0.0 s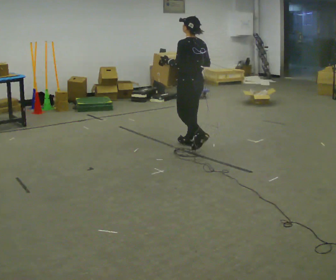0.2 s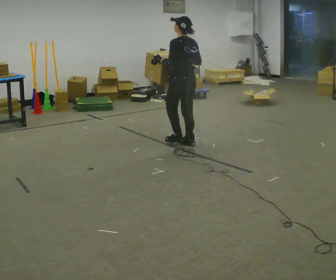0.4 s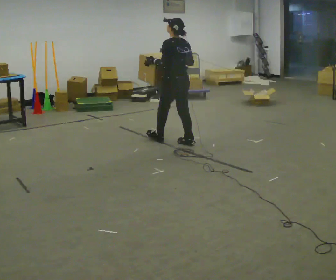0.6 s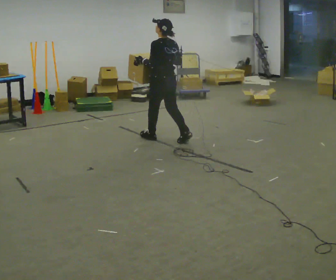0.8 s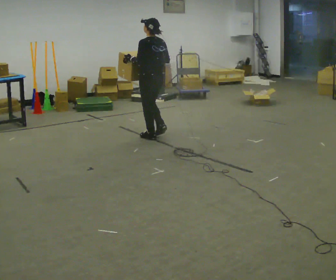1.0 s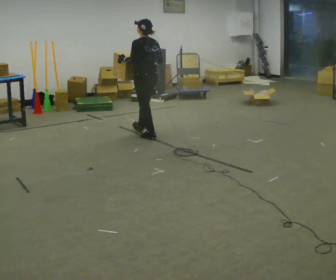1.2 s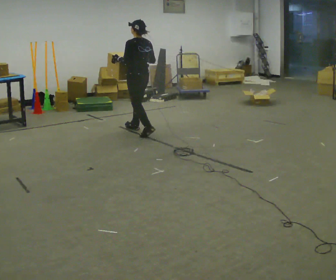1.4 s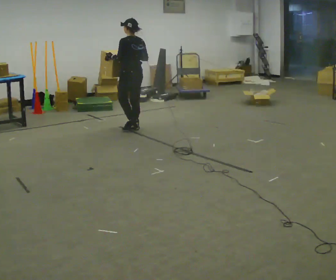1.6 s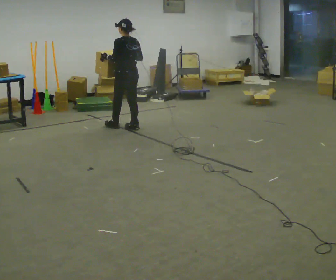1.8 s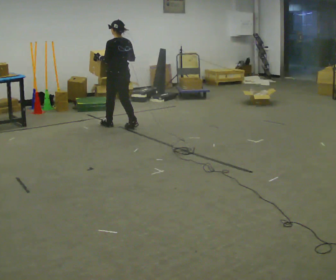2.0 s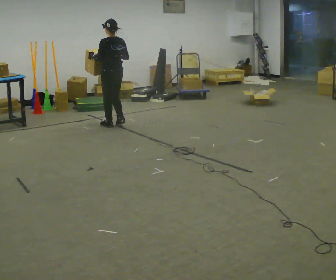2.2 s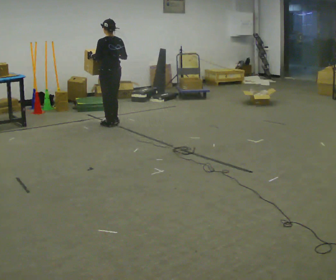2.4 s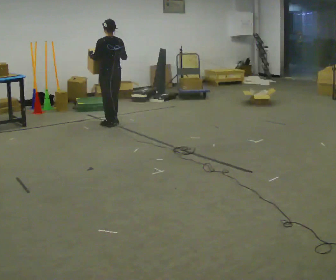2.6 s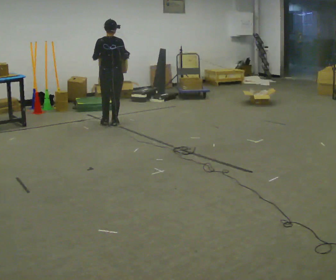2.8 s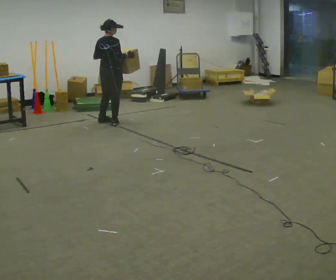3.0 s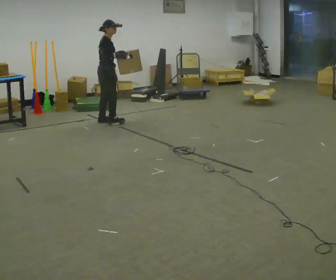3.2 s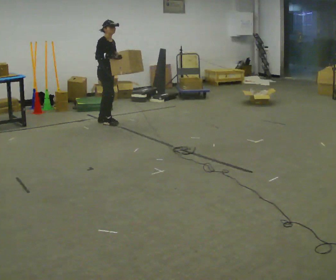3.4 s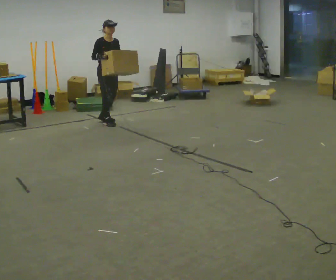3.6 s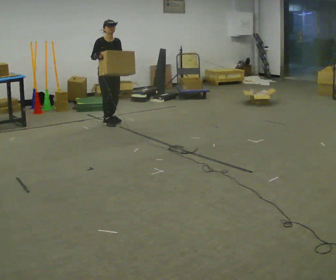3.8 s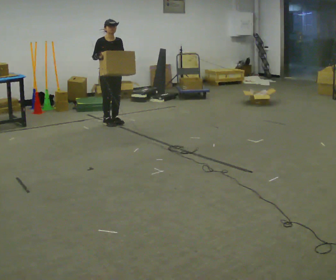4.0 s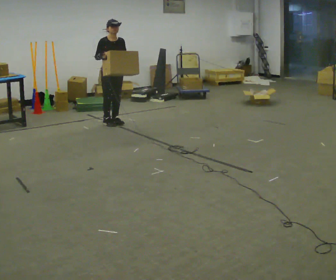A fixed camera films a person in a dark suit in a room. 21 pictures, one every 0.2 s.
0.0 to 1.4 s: In the picture they go away from the camera and to the left, about 1 m in 2 steps, which for them is forward.
1.4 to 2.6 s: Seen from above the body turns clockwise, about 45 degrees: to their right, with its near side sliding to the left. In the picture they go away from the camera and to the left, about 0.5 m in 2 steps, which for them is forward.
2.6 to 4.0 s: Seen from above the body turns clockwise, about 150 degrees: to their right, with its near side sliding to the left. In the picture their right hand goes to the left.
The film runs forward here.
